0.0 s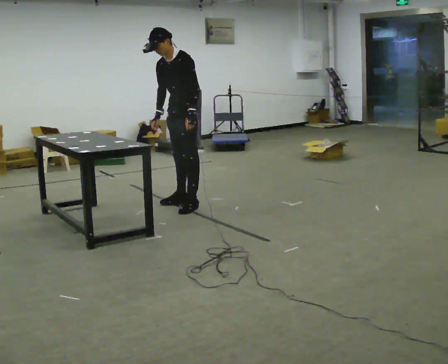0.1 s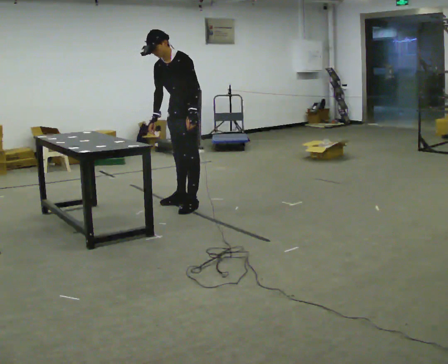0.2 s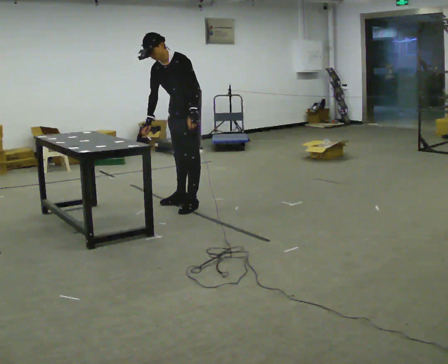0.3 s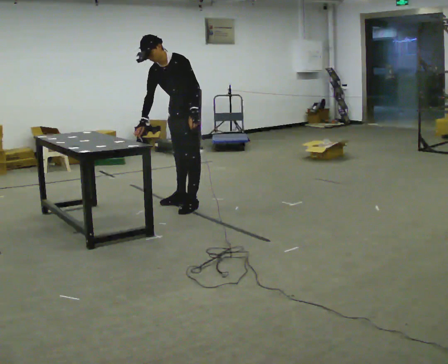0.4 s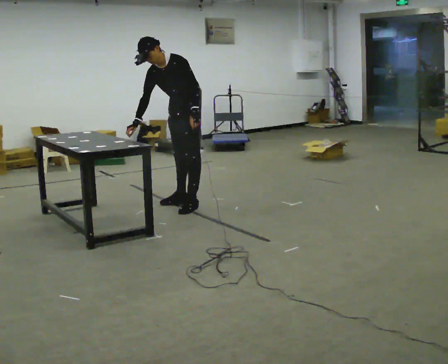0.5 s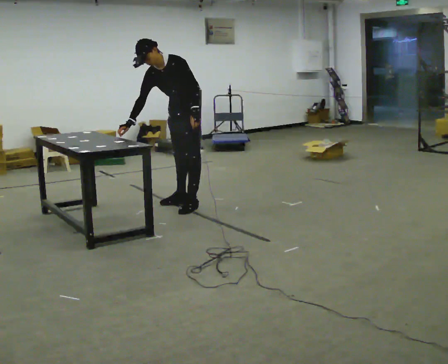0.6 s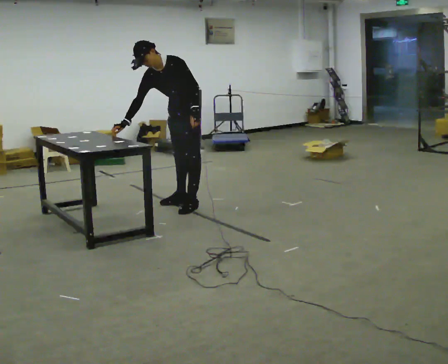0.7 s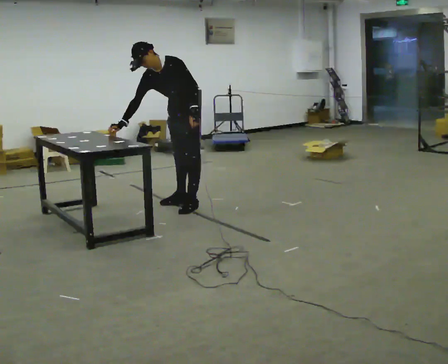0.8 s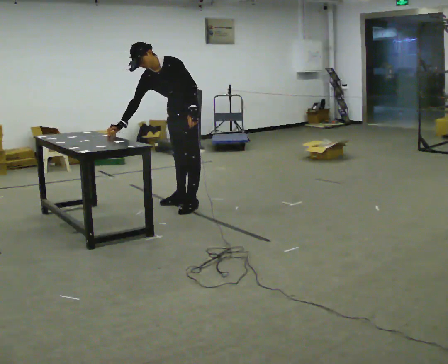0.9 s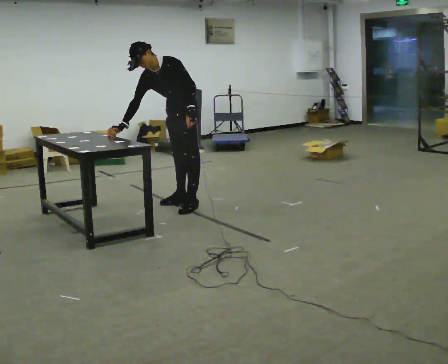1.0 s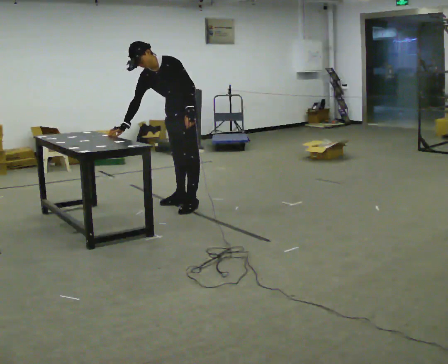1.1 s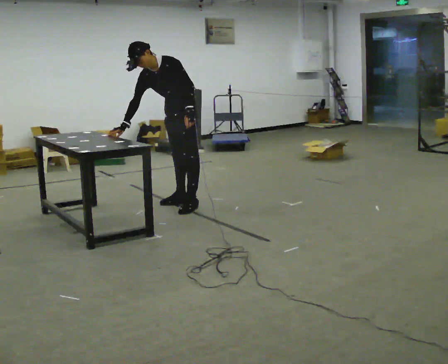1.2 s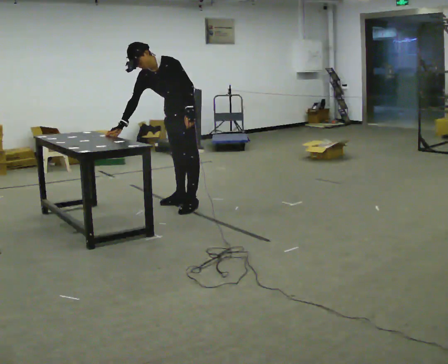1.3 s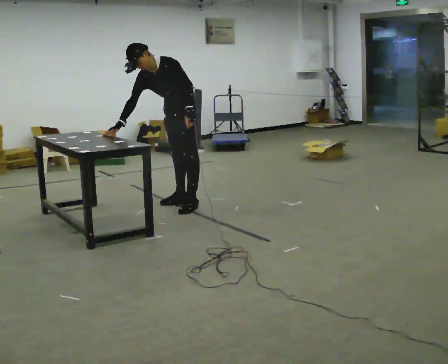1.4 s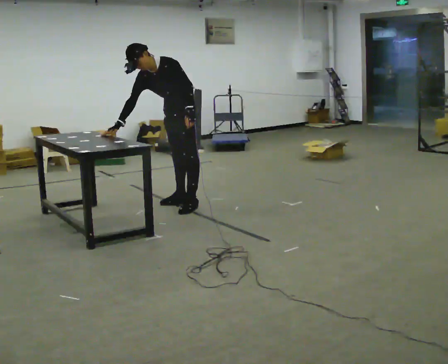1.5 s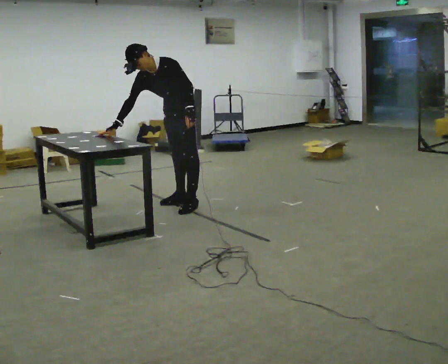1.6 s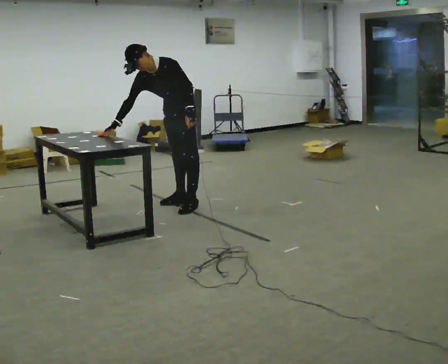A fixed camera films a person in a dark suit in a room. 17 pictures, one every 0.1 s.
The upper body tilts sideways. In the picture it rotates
counterclockwise.
0.0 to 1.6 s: In the picture the upper body tilts counterclockwise, shoulders to the left, as they bend forward. In the picture their right hand goes to the left.
The film runs backward here.
